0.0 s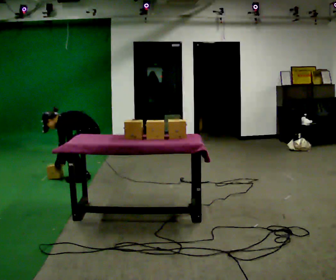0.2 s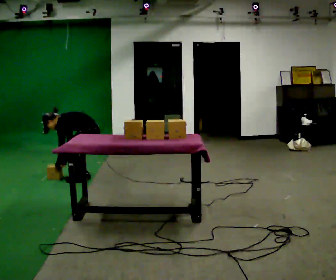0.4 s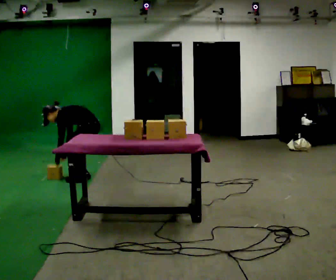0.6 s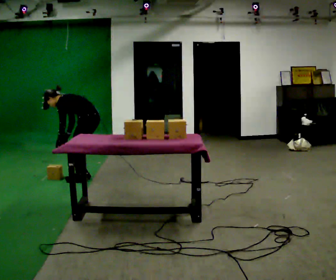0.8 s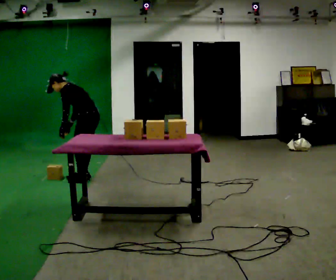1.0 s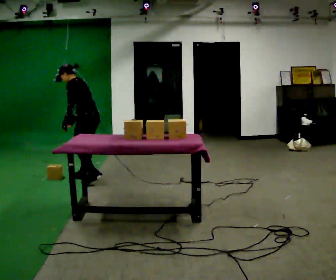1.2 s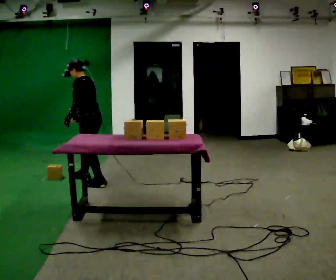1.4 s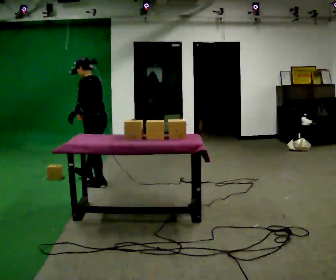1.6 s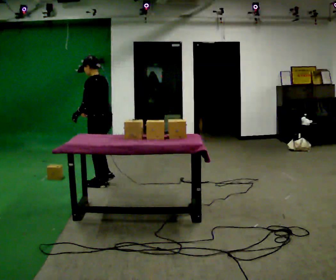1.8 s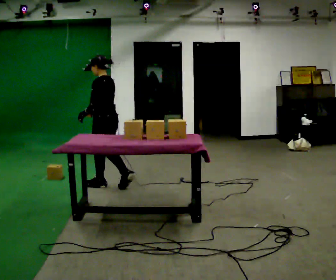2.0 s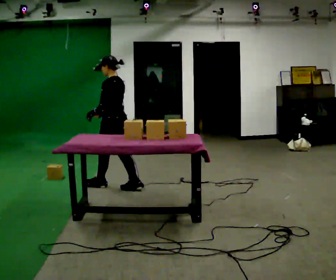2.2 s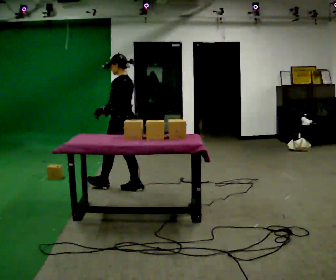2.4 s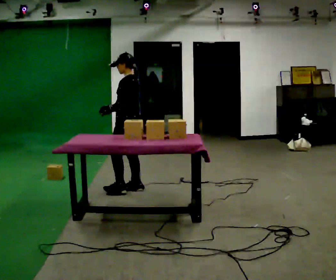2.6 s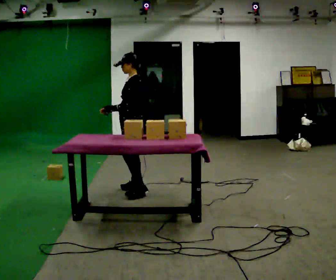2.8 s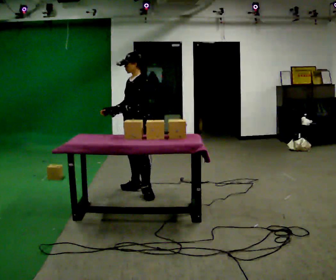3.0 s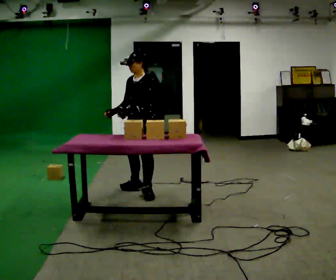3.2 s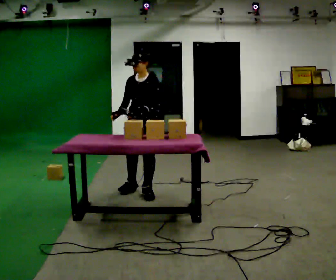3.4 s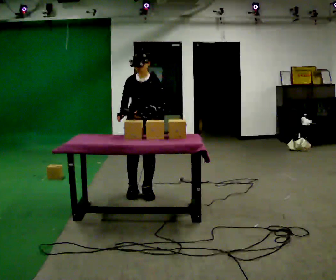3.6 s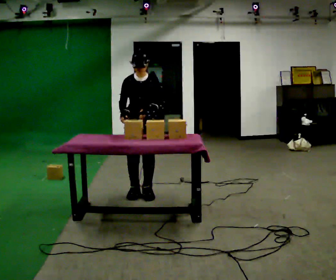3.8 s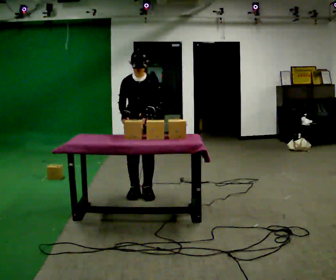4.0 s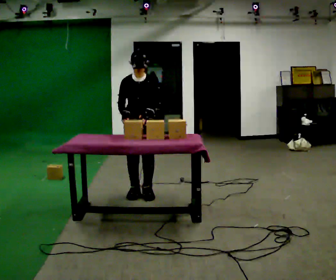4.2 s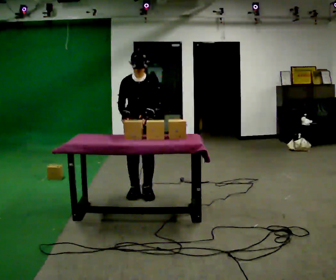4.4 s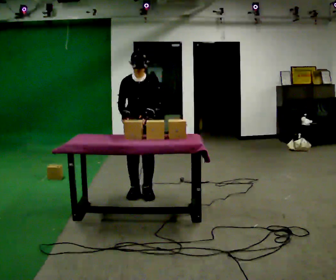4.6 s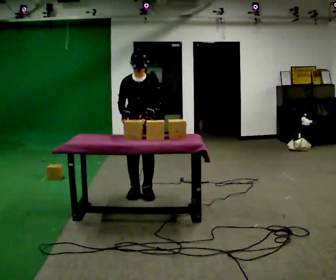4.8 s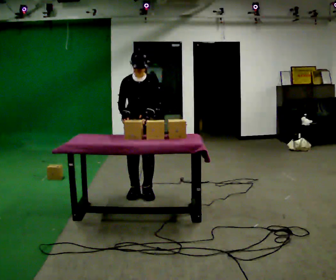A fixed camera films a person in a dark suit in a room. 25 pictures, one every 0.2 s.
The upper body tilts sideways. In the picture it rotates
clockwise.
Their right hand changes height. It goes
upward.
0.0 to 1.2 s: The upper body goes upward. In the picture the upper body tilts clockwise, shoulders to the right, as they lean back or straighten. In the picture their left hand goes upward.
1.2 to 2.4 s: In the picture they go to the right and toward the camera, about 0.5 m in 2 steps, which for them is backward. In the picture the upper body tilts clockwise, shoulders to the right, as they lean back or straighten.
2.4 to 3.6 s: The person turns about 105 degrees to their left, counterclockwise seen from above, so the part of the body nearest the lens slides to the right. In the picture they go toward the camera, about 0.25 m in 1 step.
3.6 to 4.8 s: The person moves a little, or ends about where they began.
The film runs backward here.
